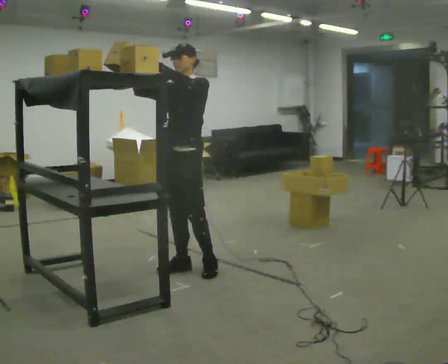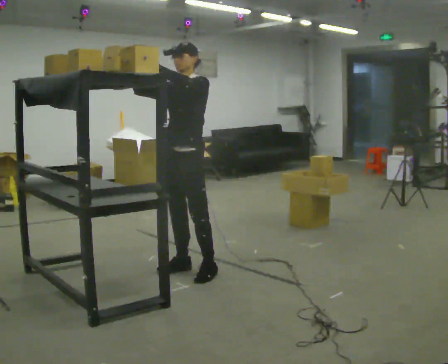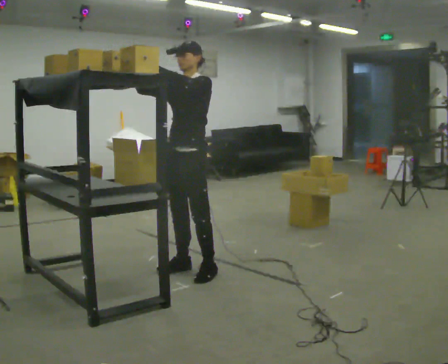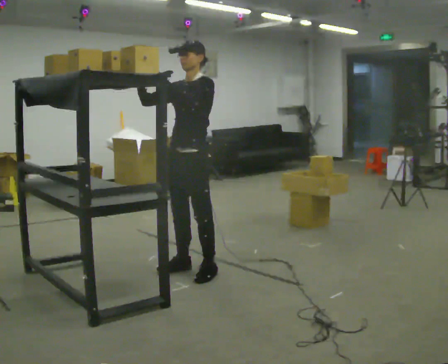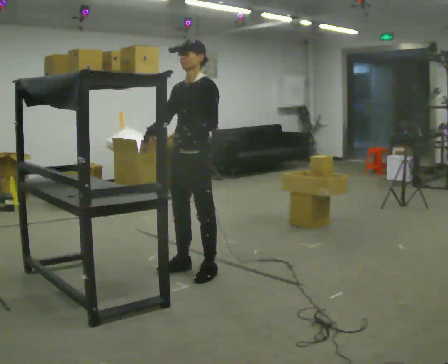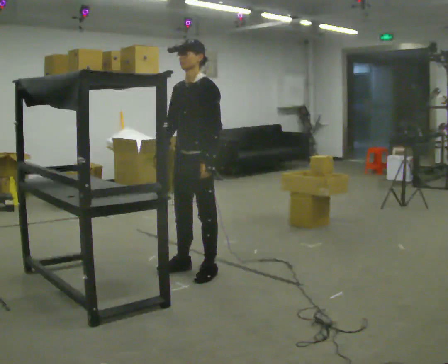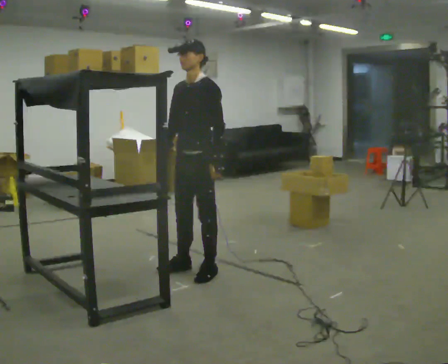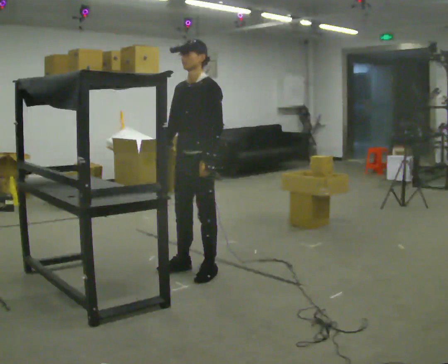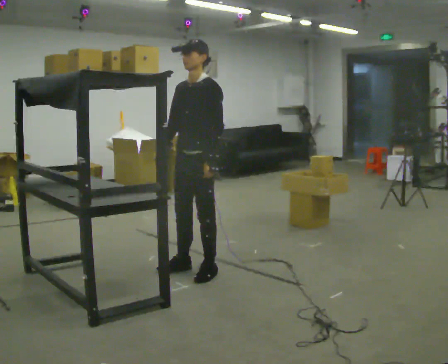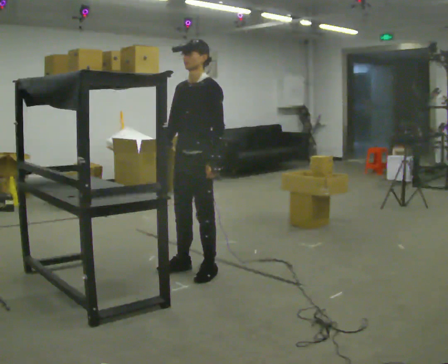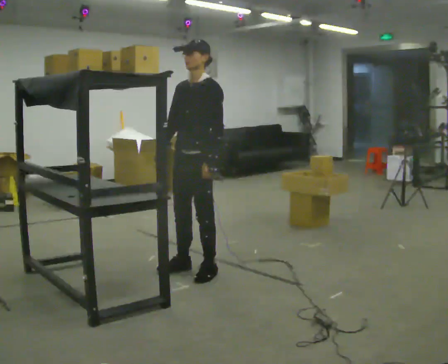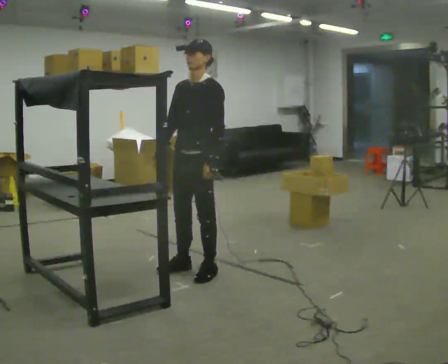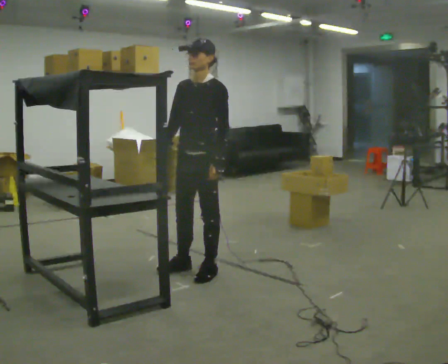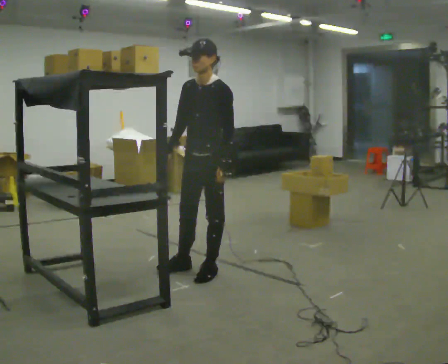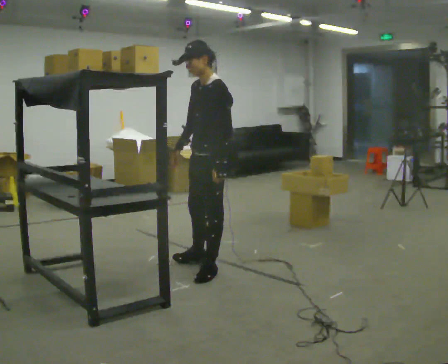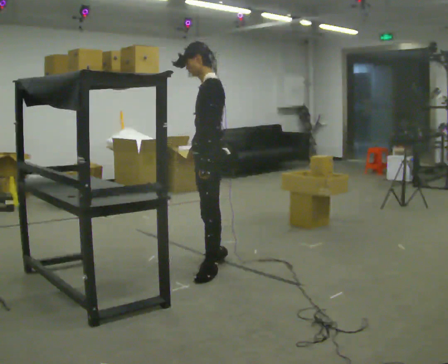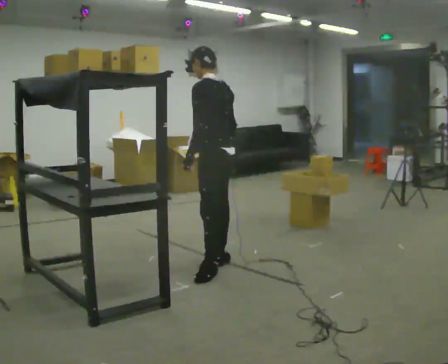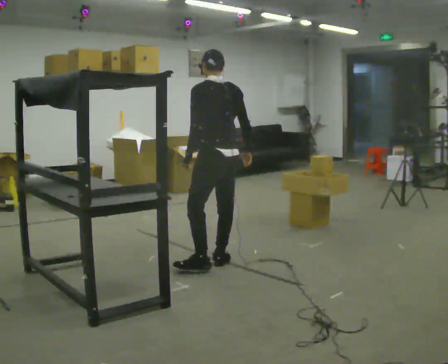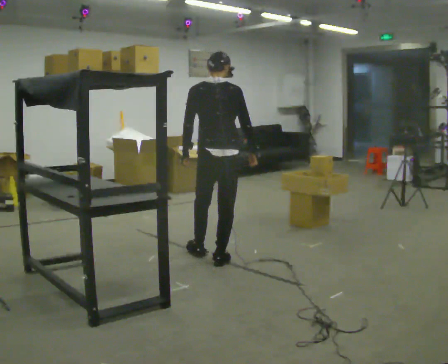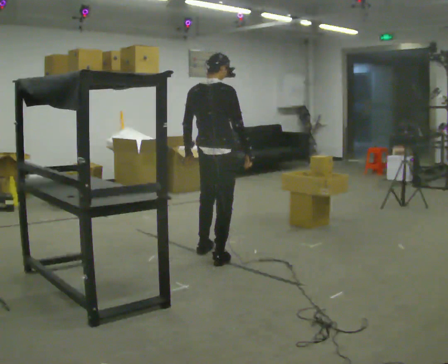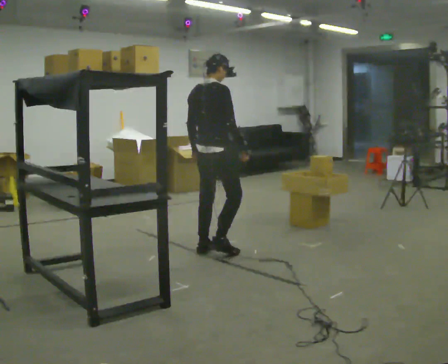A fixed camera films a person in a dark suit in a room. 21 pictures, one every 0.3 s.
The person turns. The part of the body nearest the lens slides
to the left.
The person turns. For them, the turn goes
to their right.
0.0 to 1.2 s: In the picture their left hand goes downward.
1.2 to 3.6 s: The person moves a little, or ends about where they began.
3.6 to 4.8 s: The person turns about 75 degrees to their right, clockwise seen from above, so the part of the body nearest the lens slides to the left. In the picture their right hand goes to the right, the arm swinging counterclockwise.
4.8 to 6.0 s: The part of the body nearest the lens slides to the left as the person turns to their right by about 105 degrees. In the picture they go away from the camera, about 0.5 m in 1 step.
The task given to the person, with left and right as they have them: Carry the object across the room and place it on the shelf just at the top of your comfortable reach. Keep going until the operator says stop; one object at a time, and do not rush between trips.
The film runs forward here.
